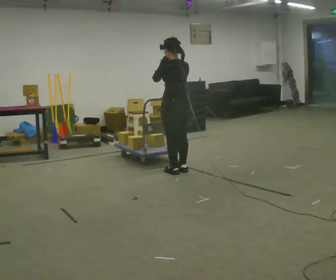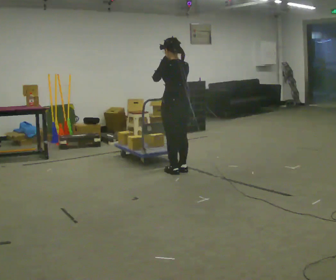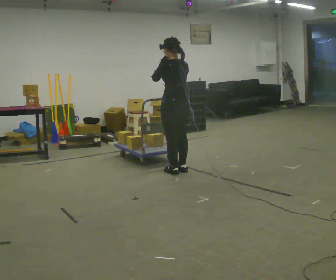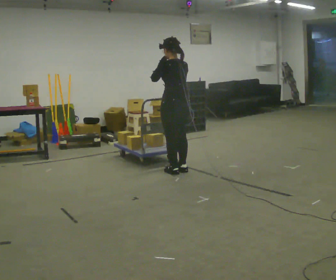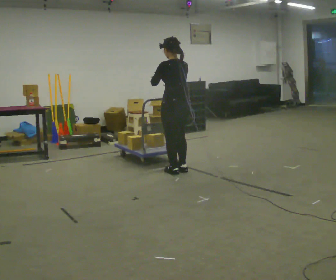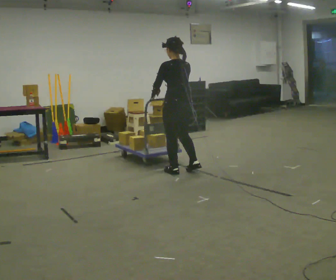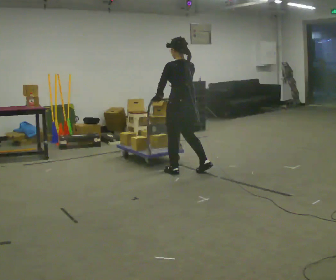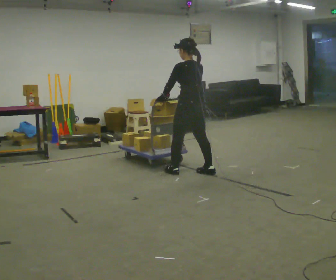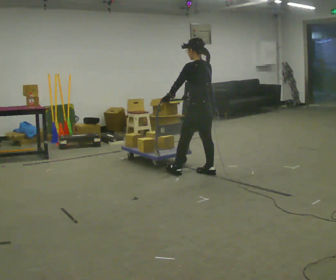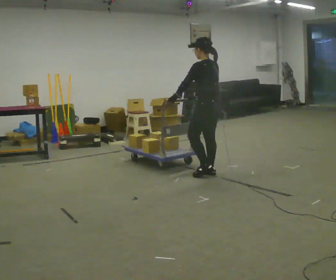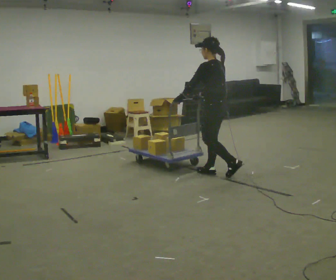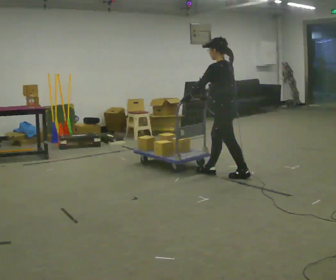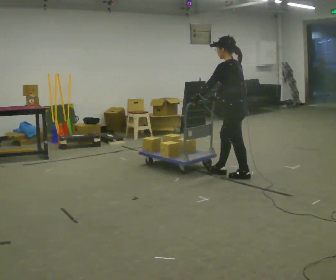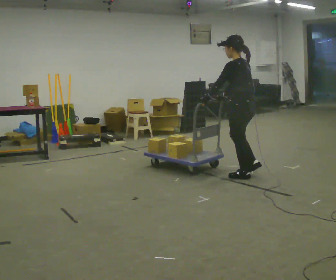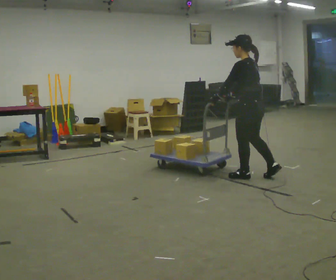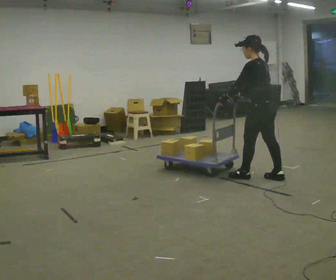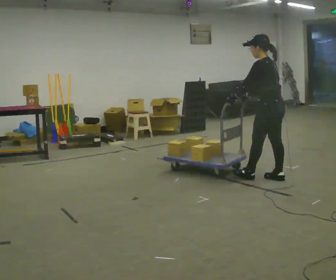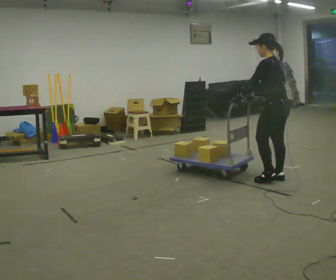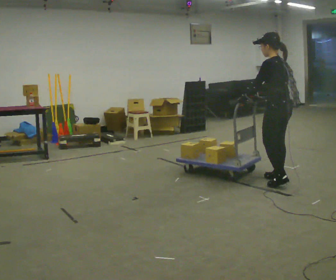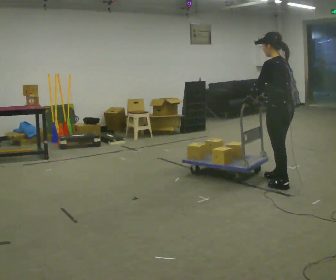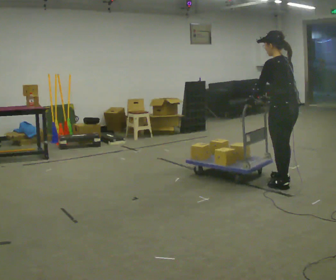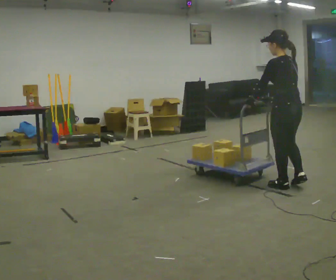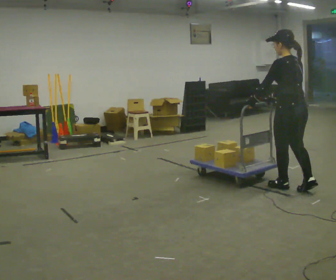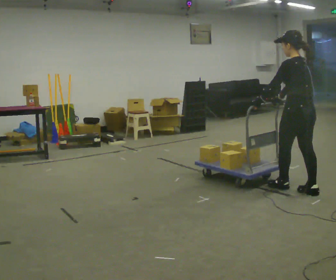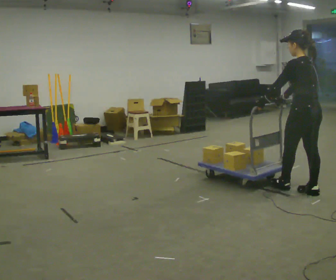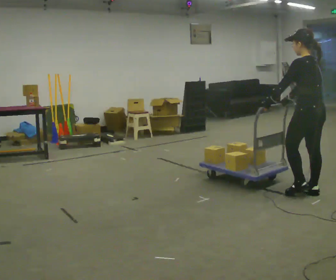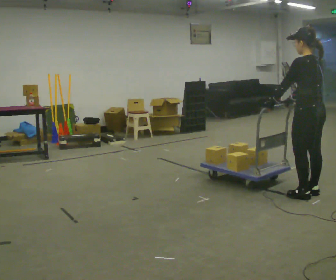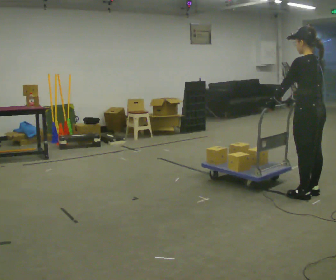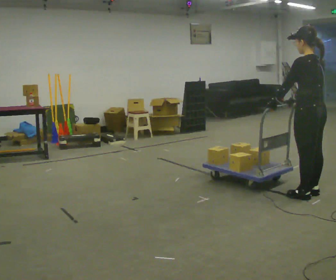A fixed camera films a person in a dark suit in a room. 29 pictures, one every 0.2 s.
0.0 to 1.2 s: In the picture their left hand goes downward.
1.2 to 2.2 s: The part of the body nearest the lens slides to the right as the person turns to their left by about 30 degrees. In the picture they go to the right, about 0.5 m in 1 step, which for them is backward and to their right.
2.2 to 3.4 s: In the picture they go to the right and toward the camera, about 0.5 m in 2 steps, which for them is backward.
3.4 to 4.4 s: In the picture they go toward the camera, about 0.25 m in 1 step, which for them is backward and to their left.
4.4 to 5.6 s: In the picture they go toward the camera, about 0.25 m in 1 step, which for them is backward.
The film runs backward here.
